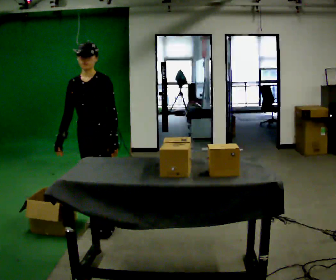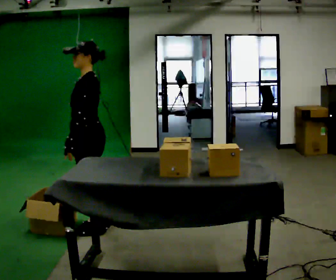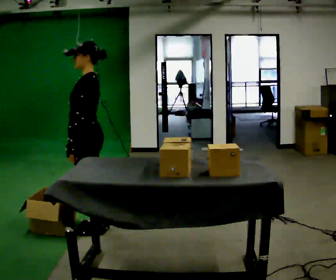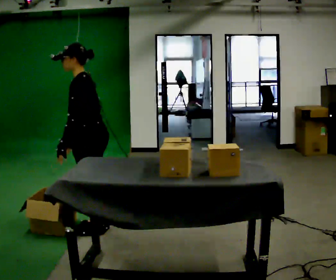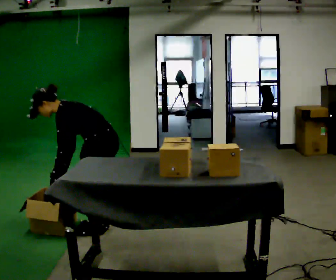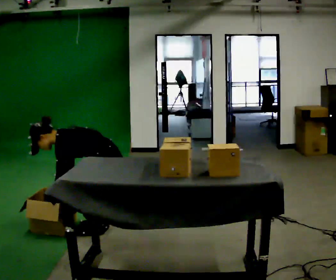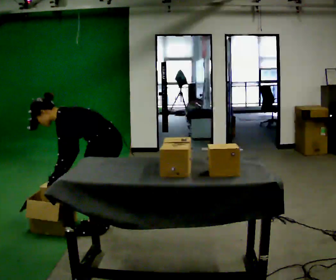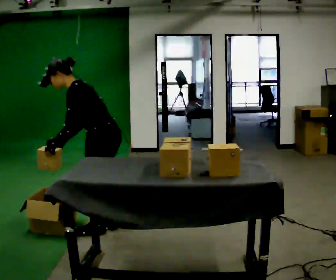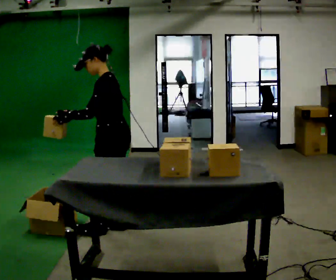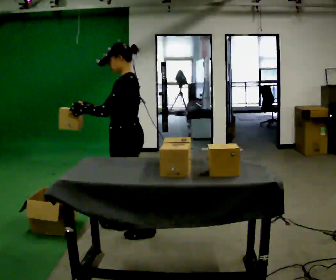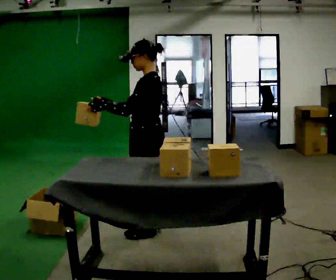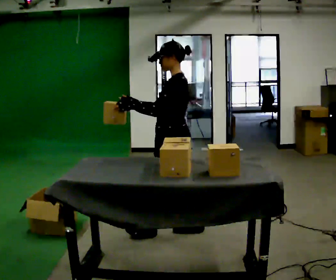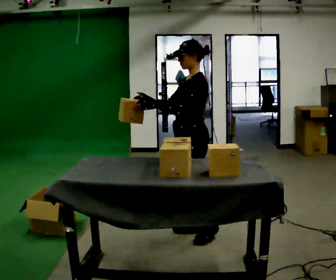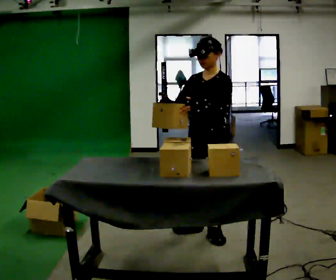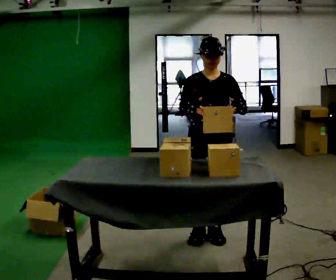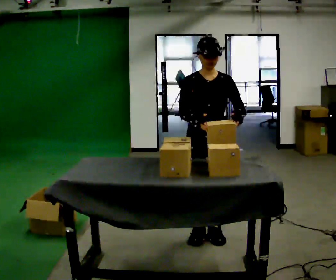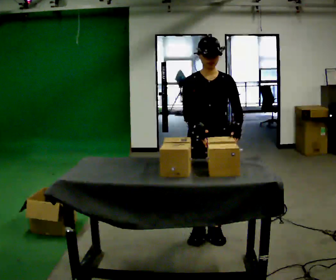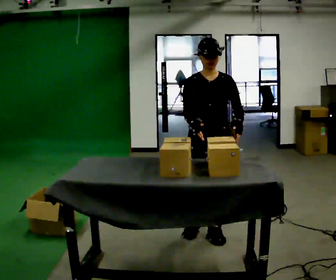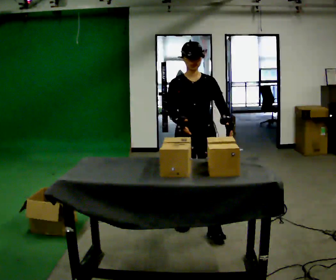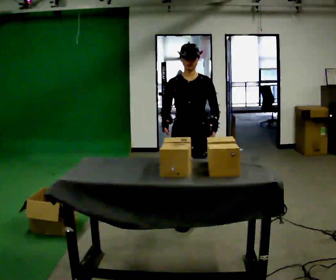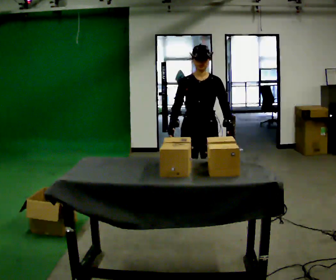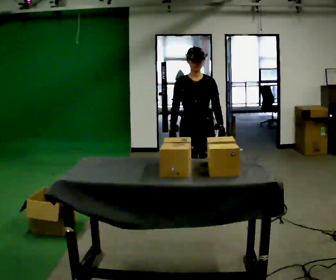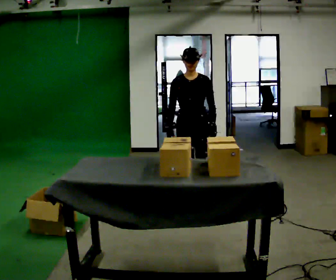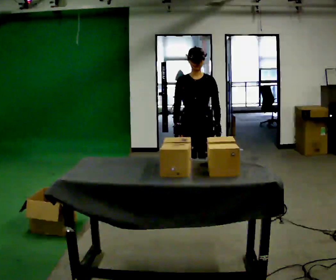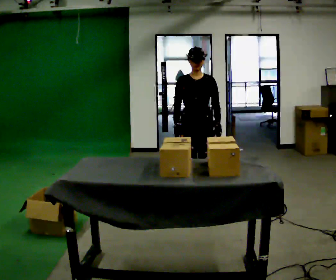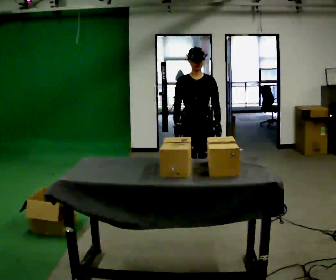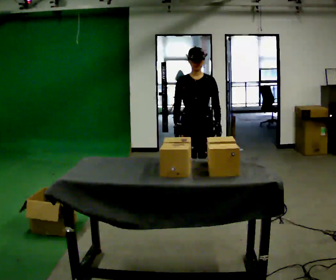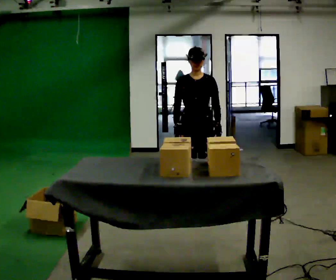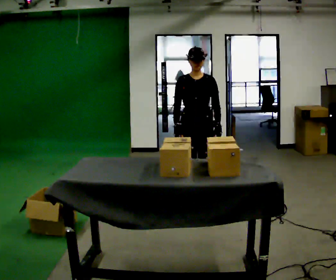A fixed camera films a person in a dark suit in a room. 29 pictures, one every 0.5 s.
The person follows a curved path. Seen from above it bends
counterclockwise.
0.0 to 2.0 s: The part of the body nearest the lens slides to the left as the person turns to their right by about 75 degrees. The upper body goes downward. In the picture the upper body tilts counterclockwise, shoulders to the left, as they bend forward. In the picture their left hand goes to the left.
2.0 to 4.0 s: In the picture their left hand goes upward.
4.0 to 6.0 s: In the picture they go to the right, about 0.5 m in 2 steps, which for them is backward. In the picture the upper body tilts clockwise, shoulders to the right.
6.0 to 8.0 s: The part of the body nearest the lens slides to the right as the person turns to their left by about 75 degrees. In the picture their left hand goes to the right.
8.0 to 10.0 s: In the picture they go away from the camera, about 0.5 m in 3 steps, which for them is backward.
10.0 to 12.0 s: In the picture they go away from the camera, about 0.25 m in 1 step, which for them is backward.
12.0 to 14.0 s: The person keeps their place and pose.
The film runs backward here.
